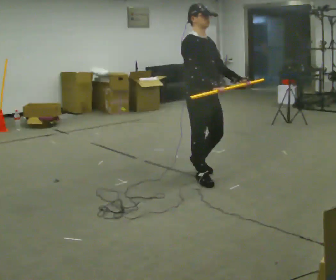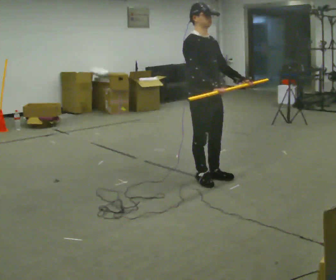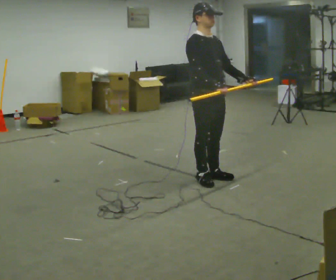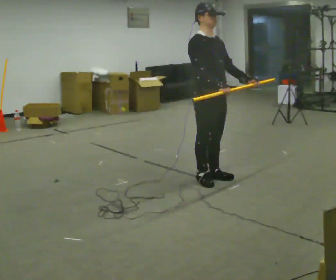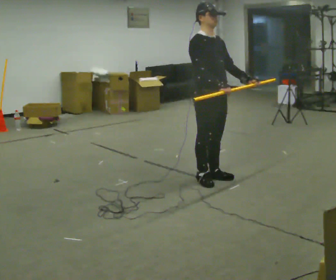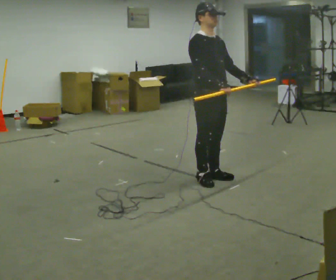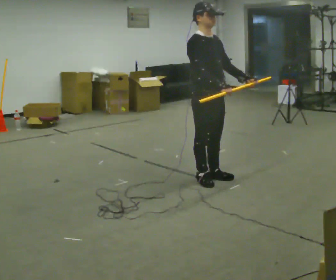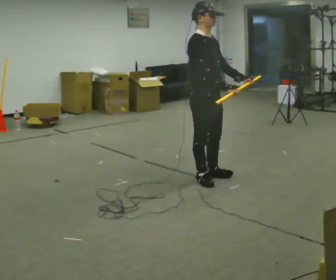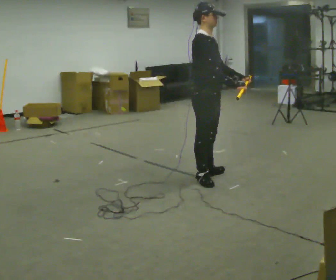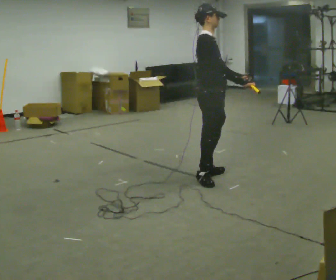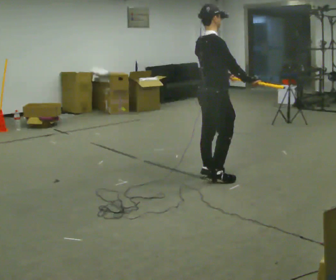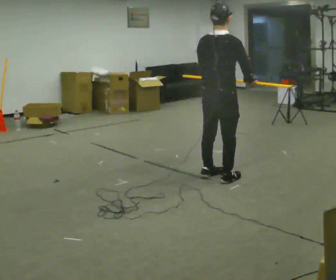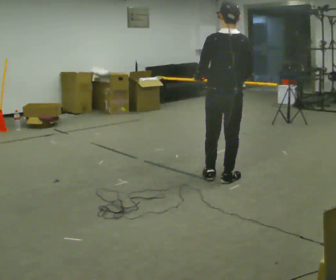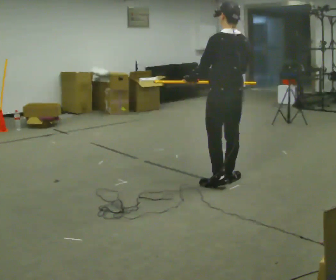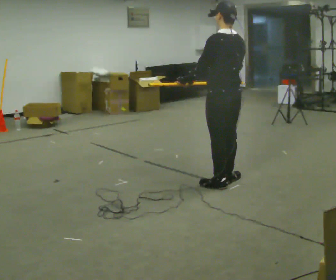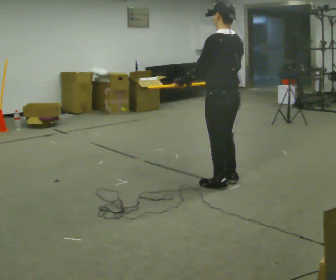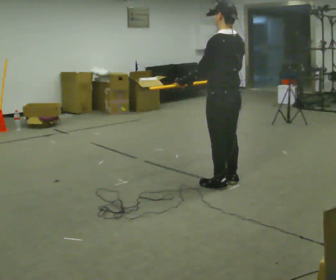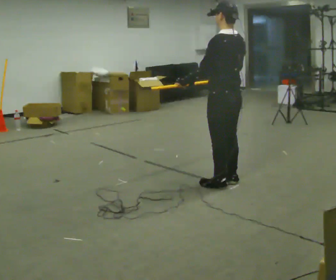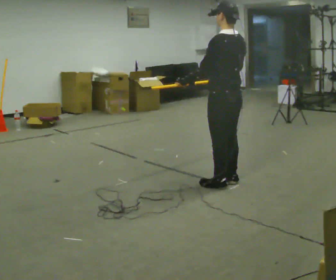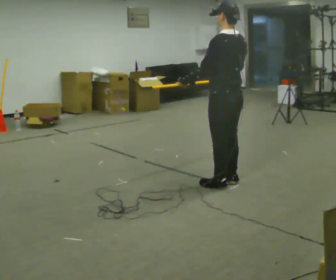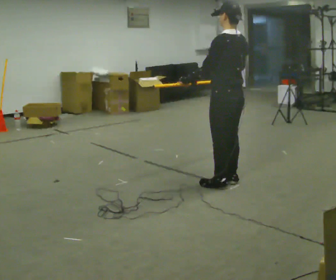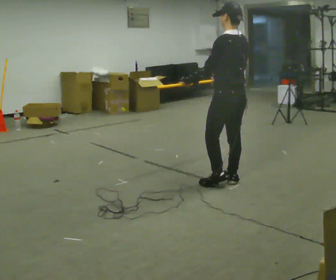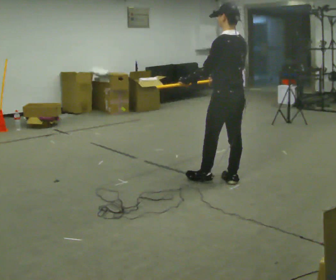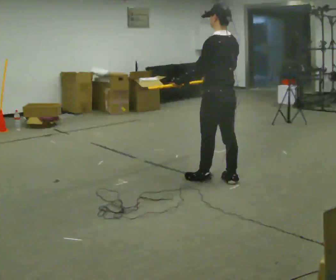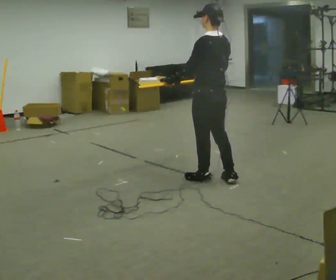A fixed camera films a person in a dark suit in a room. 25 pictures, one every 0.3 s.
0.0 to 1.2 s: The person moves a little, or ends about where they began.
1.2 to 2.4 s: The person turns about 30 degrees to their left, counterclockwise seen from above, so the part of the body nearest the lens slides to the right.
2.4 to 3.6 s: The part of the body nearest the lens slides to the right as the person turns to their left by about 105 degrees. In the picture they go to the right, about 0.25 m in 1 step. In the picture their left hand goes to the left, the arm swinging clockwise.
3.6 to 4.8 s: The part of the body nearest the lens slides to the right as the person turns to their left by about 45 degrees.
4.8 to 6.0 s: The person moves a little, or ends about where they began.
6.0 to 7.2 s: In the picture they go to the left, about 0.25 m in 1 step, which for them is forward.
The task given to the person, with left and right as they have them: Carry the long object across the room and around the corner, turning without hitting anything. Keep going until the operator says stop; one object at a time, and do not rush between trips.
The film runs forward here.
